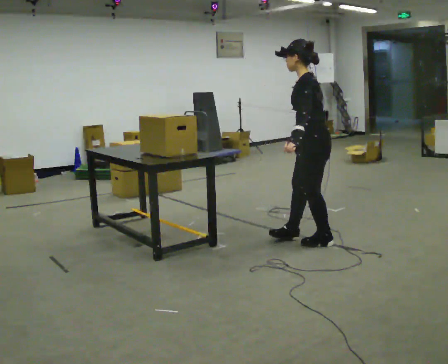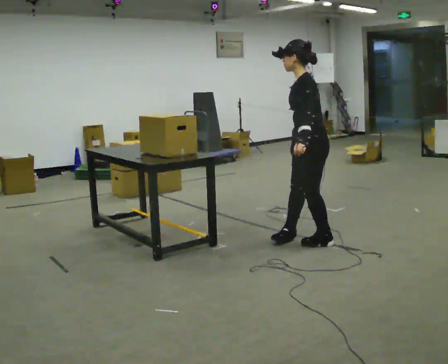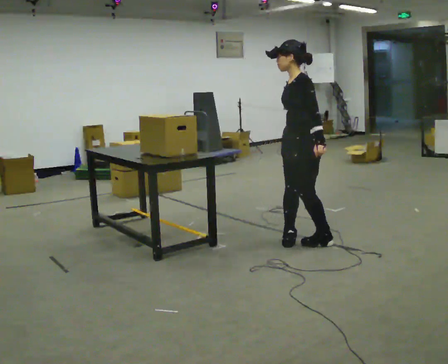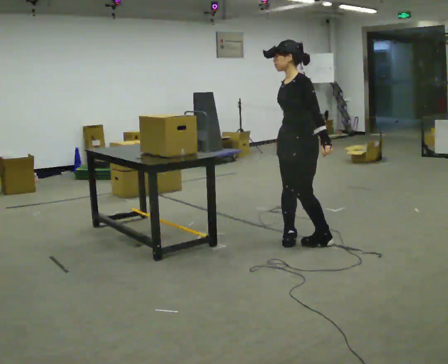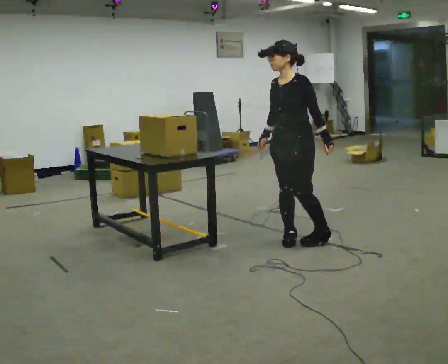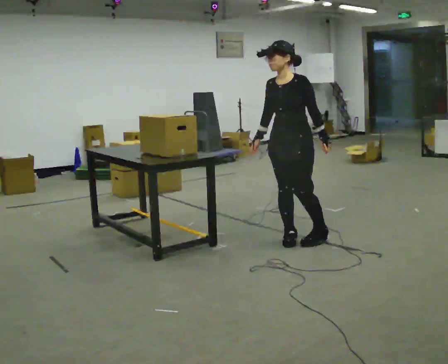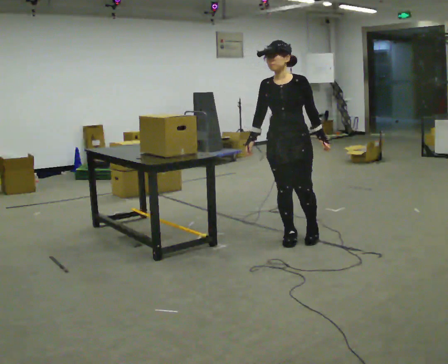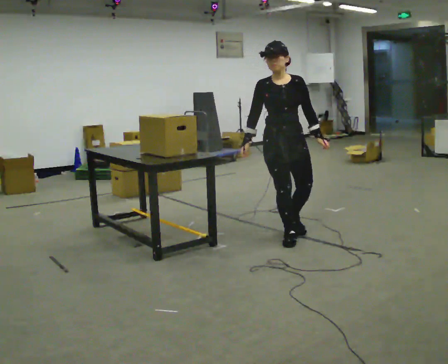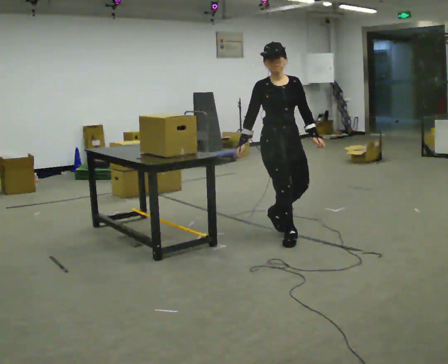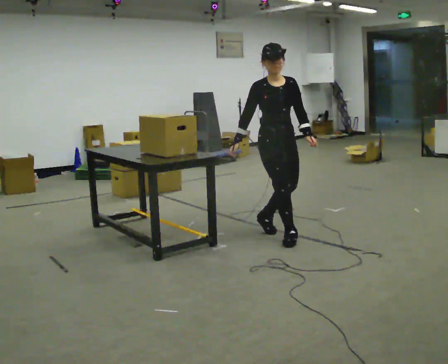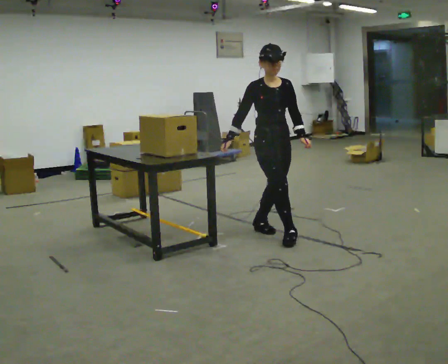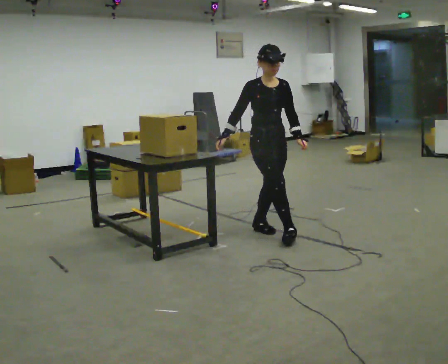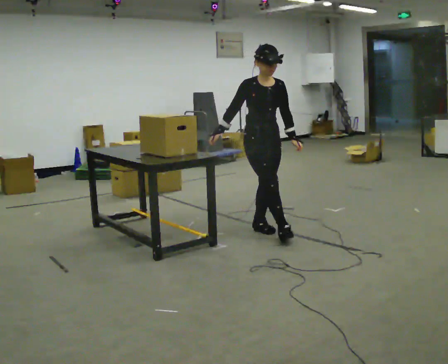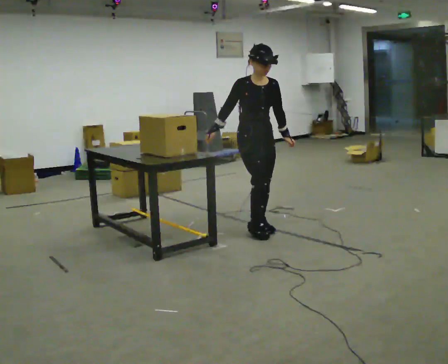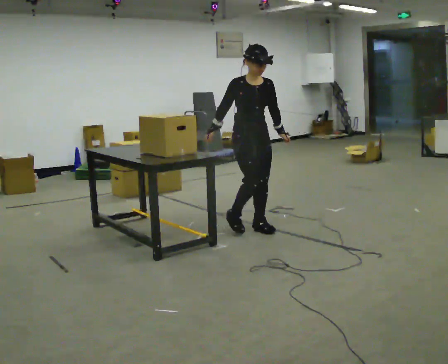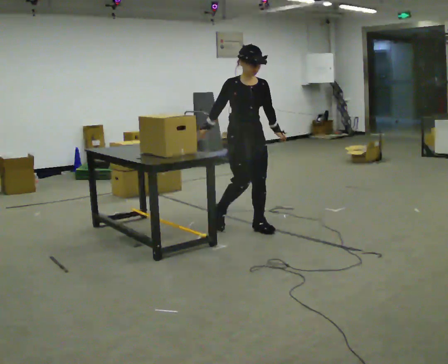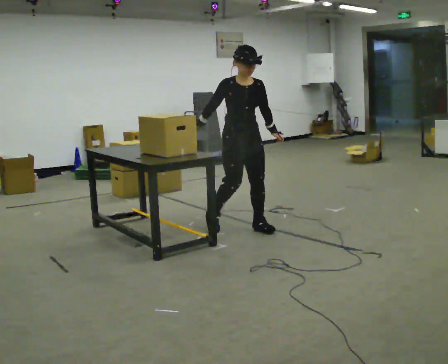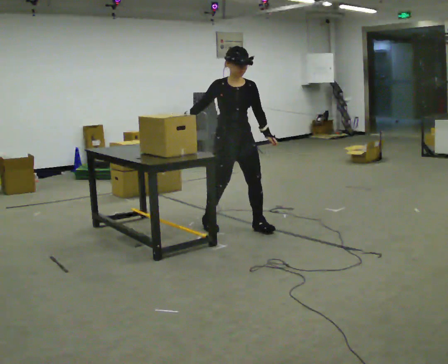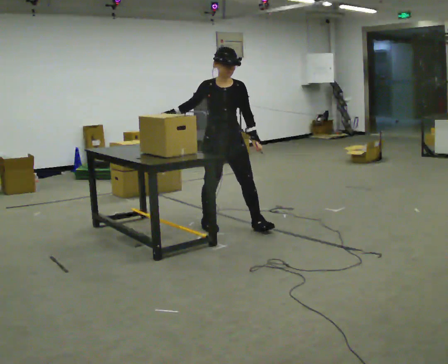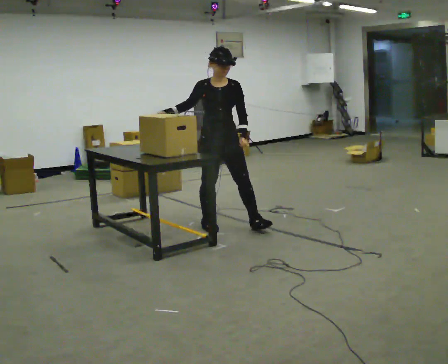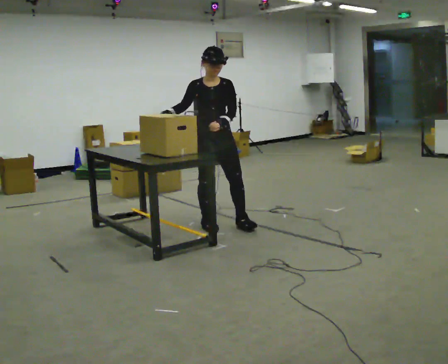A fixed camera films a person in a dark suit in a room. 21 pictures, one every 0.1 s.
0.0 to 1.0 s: The part of the body nearest the lens slides to the right as the person turns to their left by about 135 degrees. In the picture they go to the left and away from the camera, about 0.5 m in 1 step.
1.0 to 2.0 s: In the picture they go to the left and away from the camera, about 0.5 m in 2 steps, which for them is backward and to their right.
The film runs backward here.
